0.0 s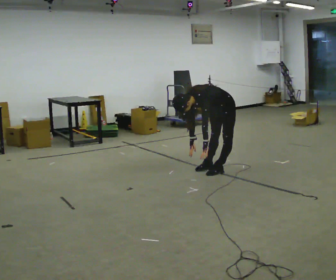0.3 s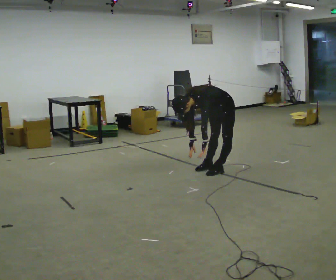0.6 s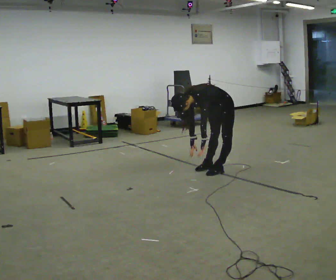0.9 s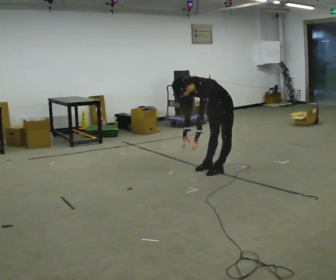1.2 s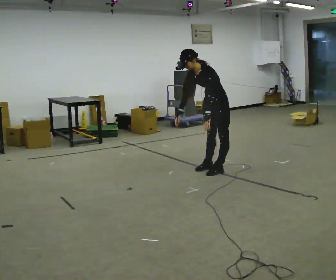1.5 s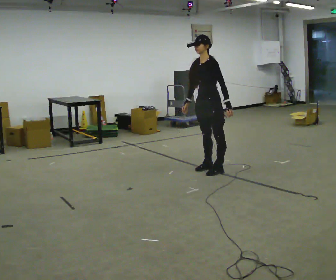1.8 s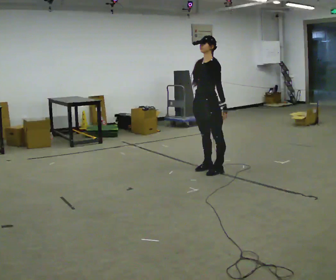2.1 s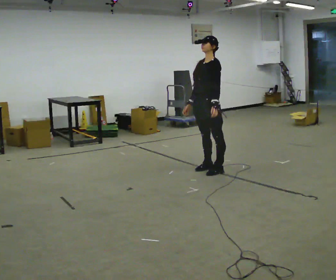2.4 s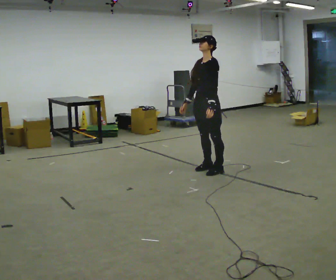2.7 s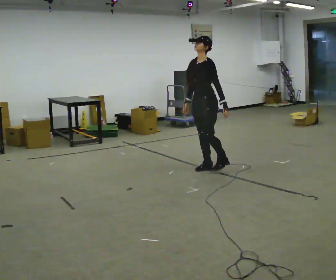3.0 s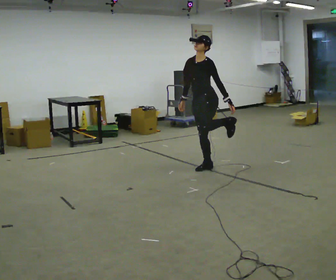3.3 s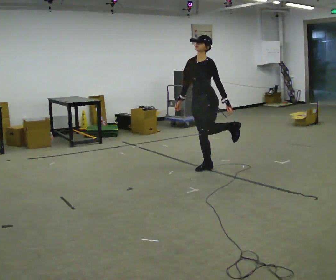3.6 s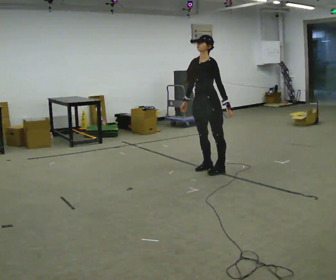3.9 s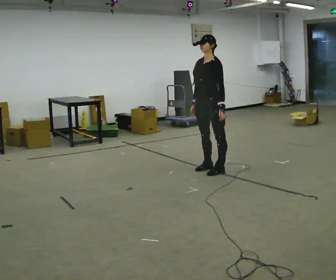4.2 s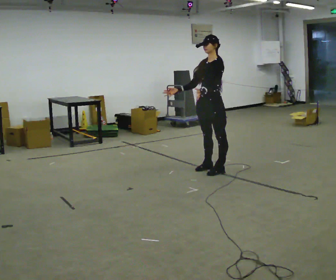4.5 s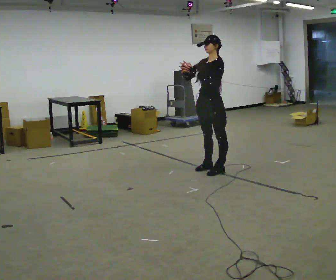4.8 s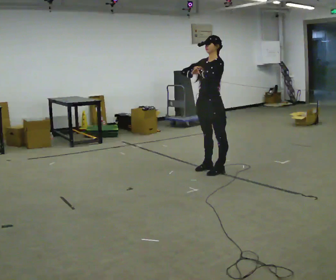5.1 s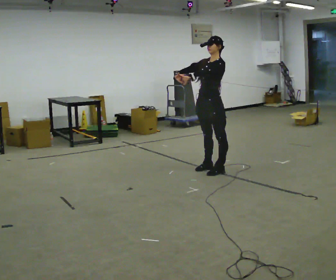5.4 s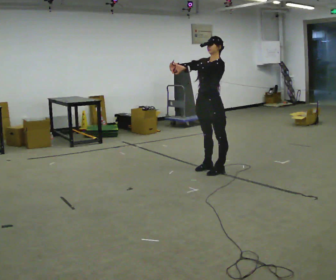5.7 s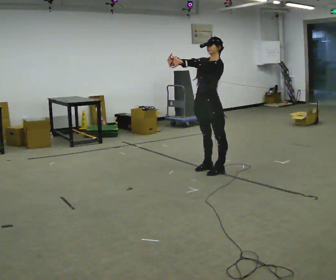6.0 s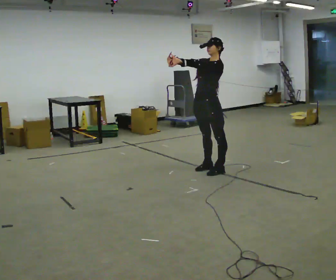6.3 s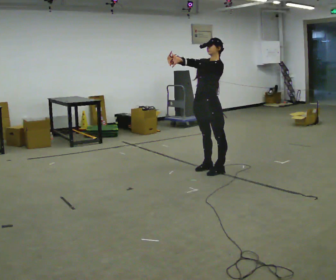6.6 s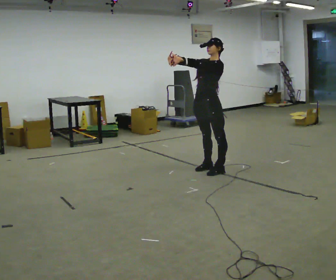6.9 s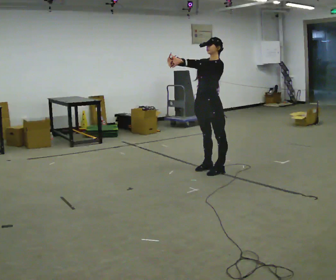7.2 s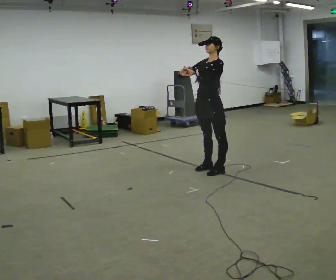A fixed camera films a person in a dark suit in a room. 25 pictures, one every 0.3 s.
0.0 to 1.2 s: The shoulders move upward. The upper body tips away from the camera, its near side rolling upward, as they lean back or straighten. In the picture their left hand goes upward.
1.2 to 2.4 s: In the picture the upper body tilts clockwise, shoulders to the right, as they lean back or straighten.
2.4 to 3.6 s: The person moves a little, or ends about where they began.
3.6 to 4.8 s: In the picture their left hand goes upward.
4.8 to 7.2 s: The person moves a little, or ends about where they began.
The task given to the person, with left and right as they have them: Work through the stretches in order, holding each one briefly: touch your toes, pull each heel up behind you, stretch each arm across your chest, and stretch each calf. Stay in one place throughout.
The film runs forward here.
